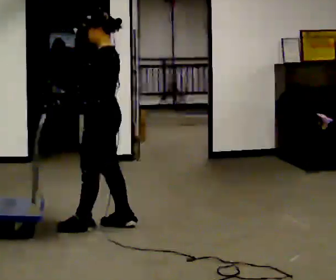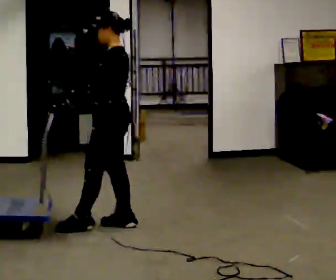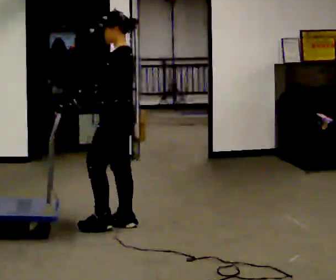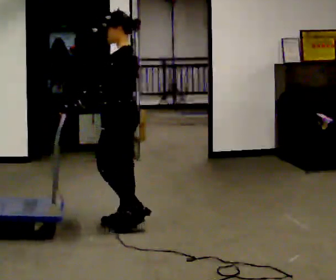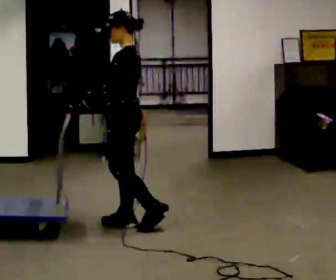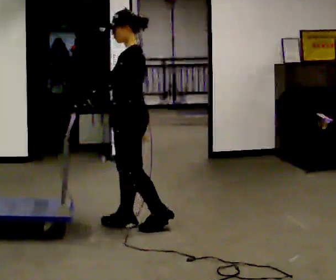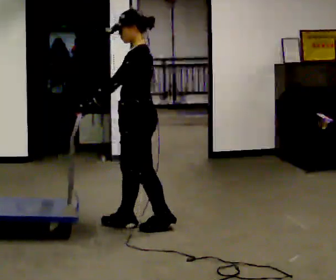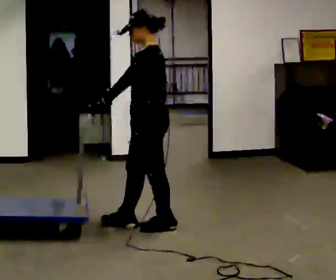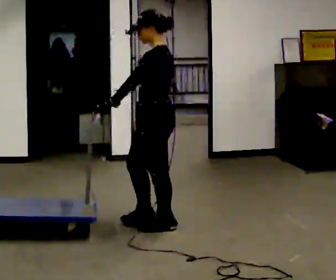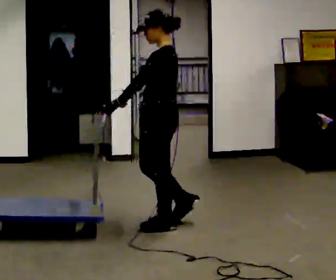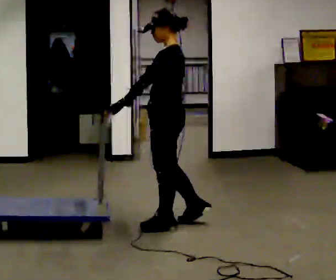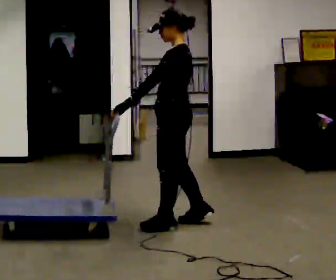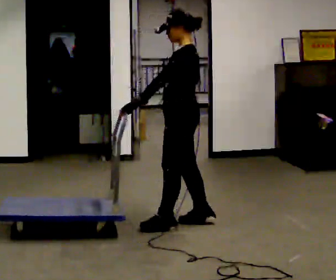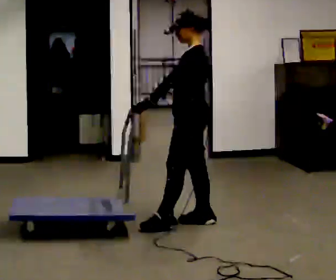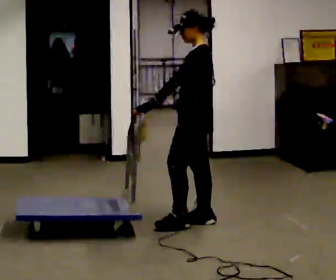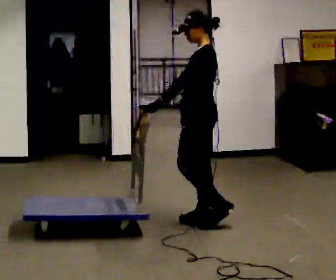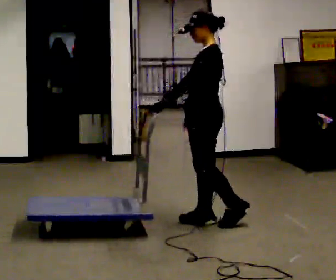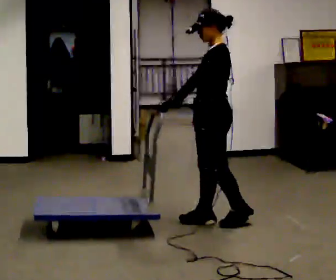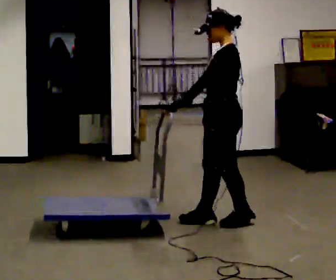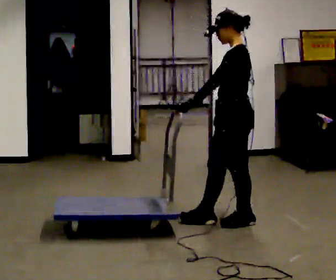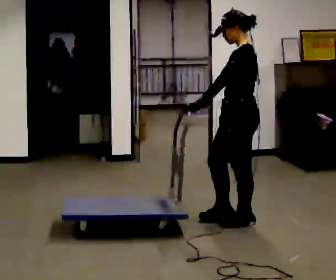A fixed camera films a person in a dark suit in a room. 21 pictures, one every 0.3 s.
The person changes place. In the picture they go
to the right.
0.0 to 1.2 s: The person moves a little, or ends about where they began.
1.2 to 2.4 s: In the picture they go to the right, about 0.25 m, which for them is backward and to their left.
2.4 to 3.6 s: In the picture they go to the right, about 0.25 m in 1 step, which for them is backward and to their right.
3.6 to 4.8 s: In the picture they go to the right, about 0.25 m in 1 step, which for them is backward.
4.8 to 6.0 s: In the picture they go to the right, about 0.25 m, which for them is backward.
The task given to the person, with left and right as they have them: Push the cart across the room using only the hand the operator calls. Keep your other arm at your side.
The film runs forward here.
